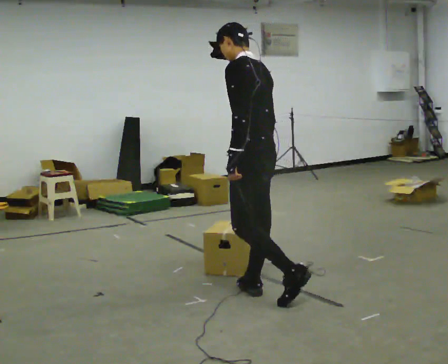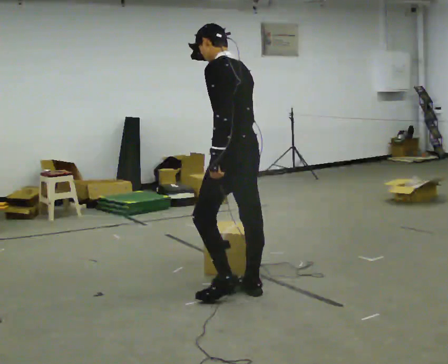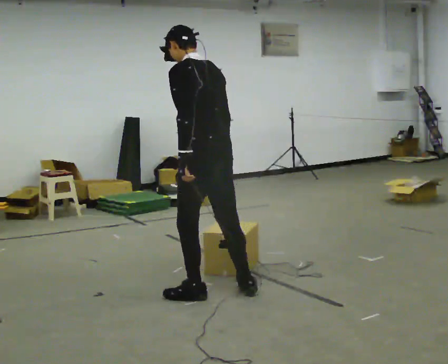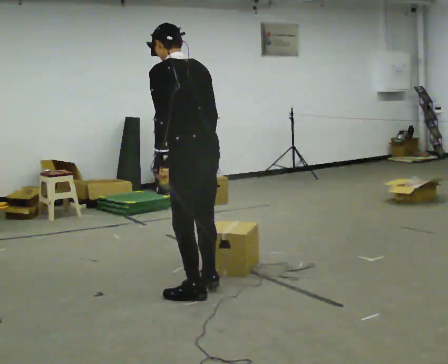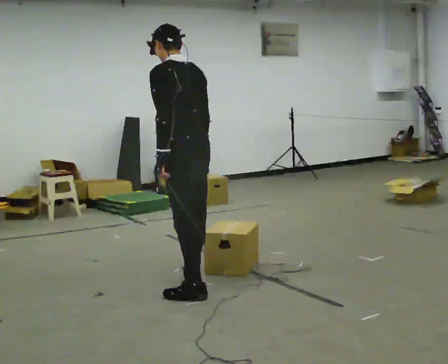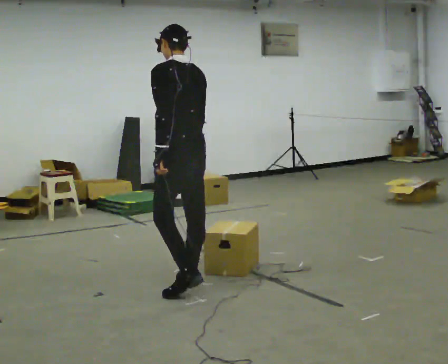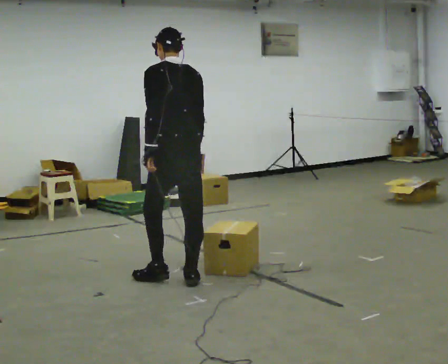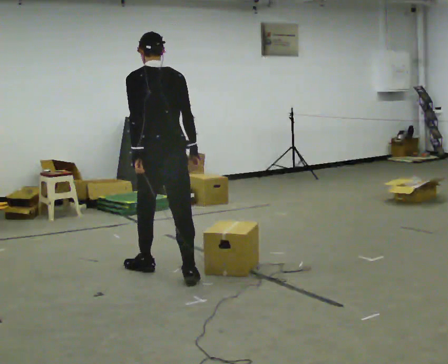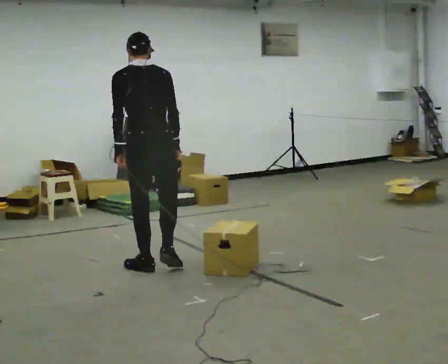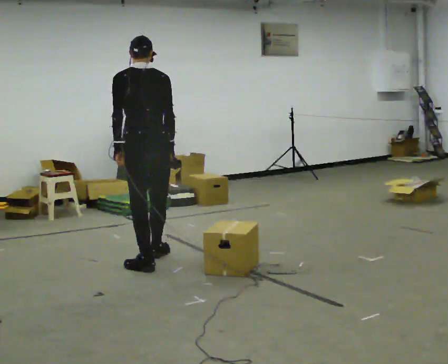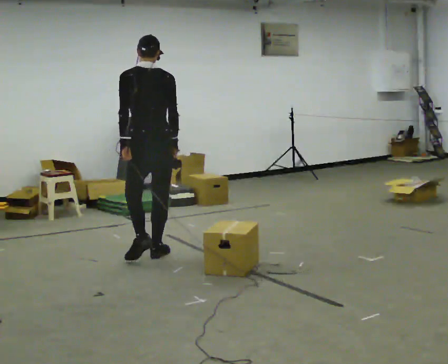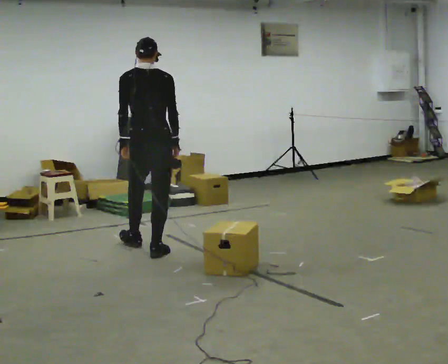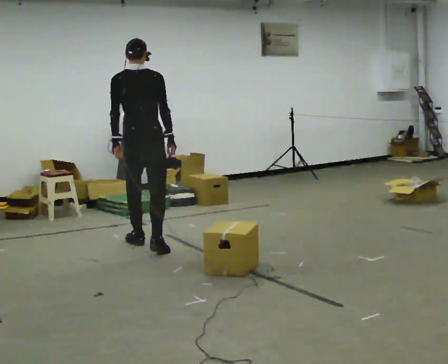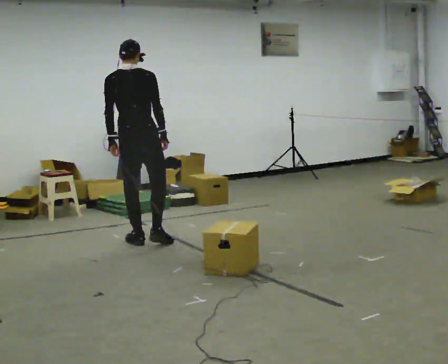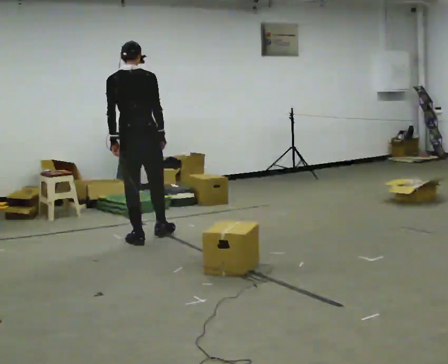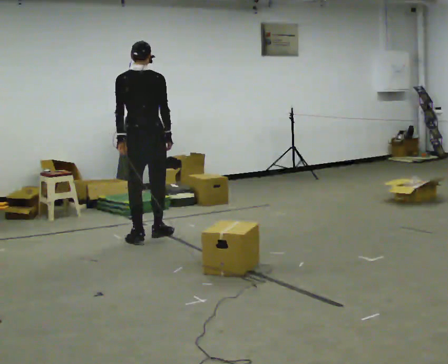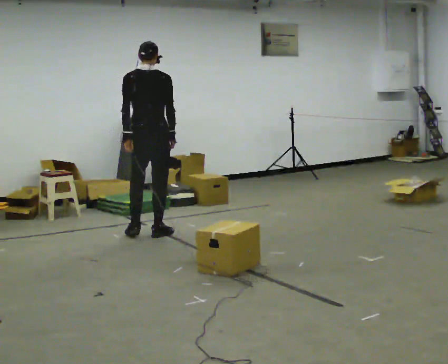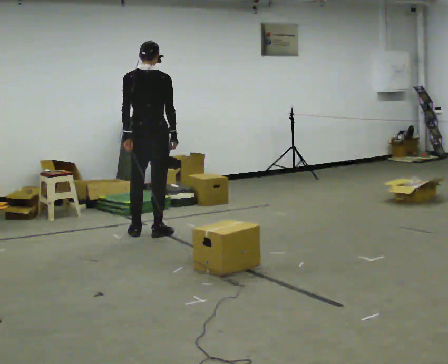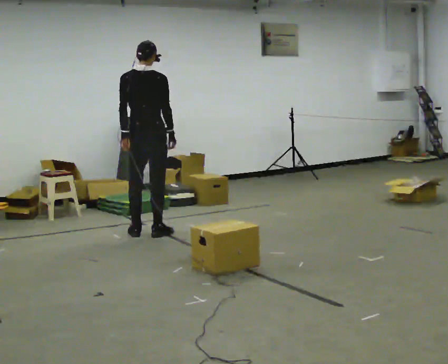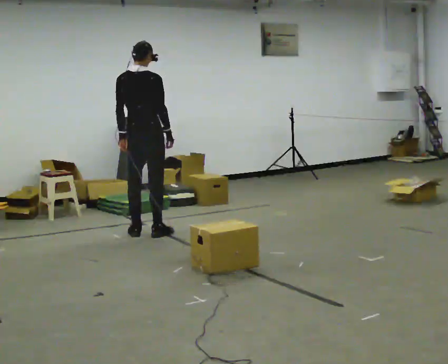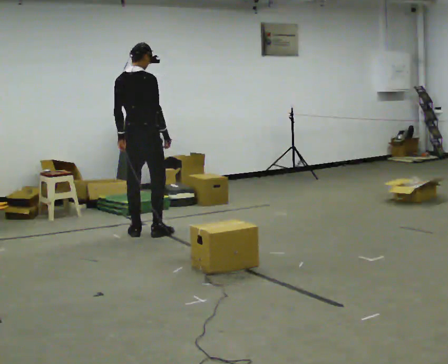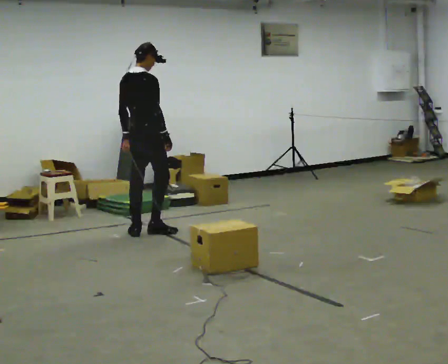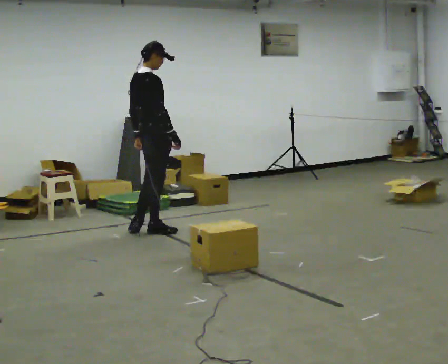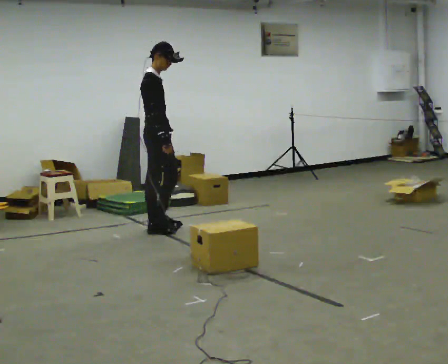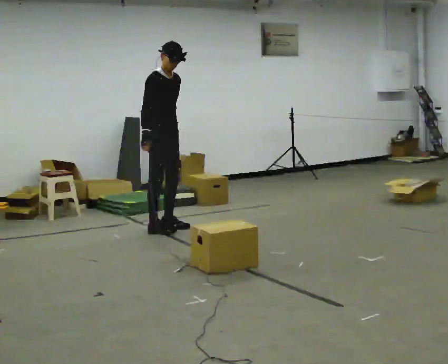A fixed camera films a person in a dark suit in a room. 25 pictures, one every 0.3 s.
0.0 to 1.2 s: In the picture they go to the left and away from the camera, about 0.5 m in 2 steps, which for them is forward and to their left.
1.2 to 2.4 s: Seen from above the body turns clockwise, about 30 degrees: to their right, with its near side sliding to the left. In the picture they go away from the camera, about 0.5 m in 1 step, which for them is forward.
2.4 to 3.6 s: In the picture they go away from the camera, about 0.75 m in 2 steps, which for them is forward.
3.6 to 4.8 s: In the picture they go away from the camera, about 0.5 m in 1 step, which for them is forward.
4.8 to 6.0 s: The person turns about 30 degrees to their right, clockwise seen from above, so the part of the body nearest the lens slides to the left. In the picture they go away from the camera, about 0.25 m in 1 step, which for them is to their left and forward.
6.0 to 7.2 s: The person turns about 105 degrees to their right, clockwise seen from above, so the part of the body nearest the lens slides to the left. In the picture they go to the right and away from the camera, about 0.25 m in 2 steps.
The film runs forward here.
